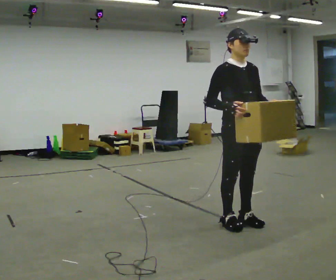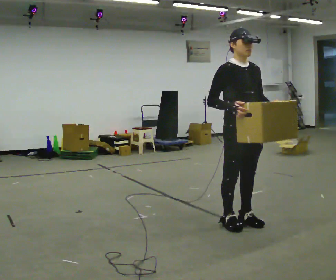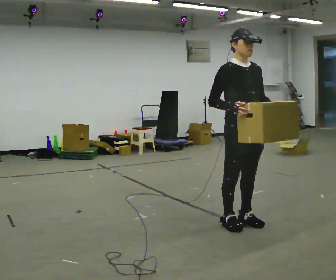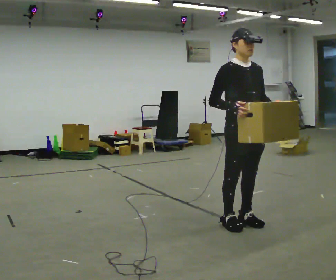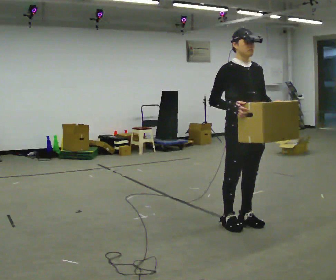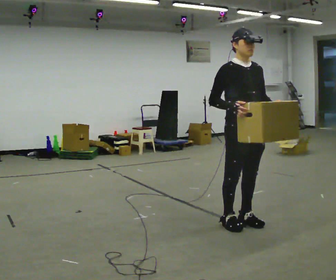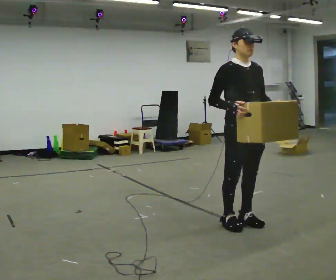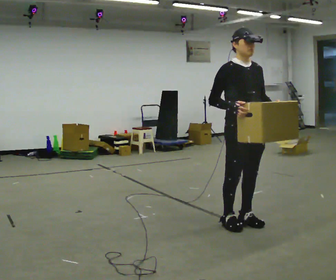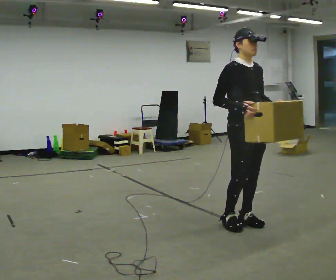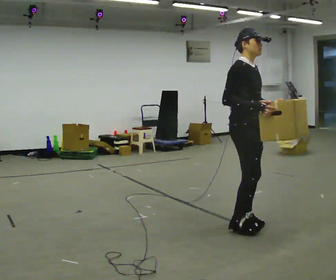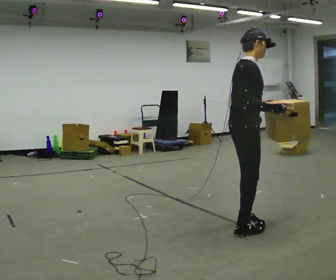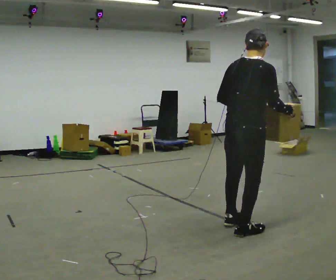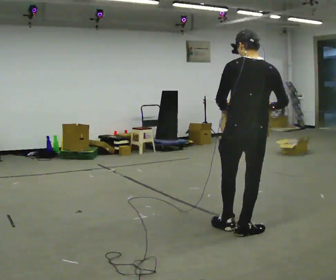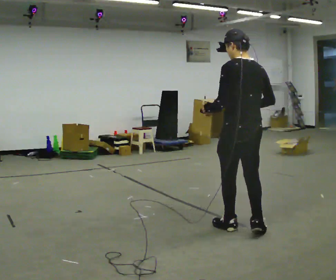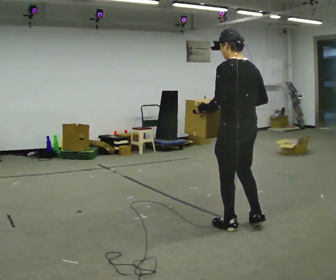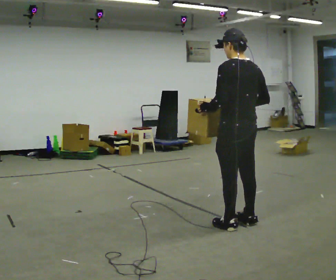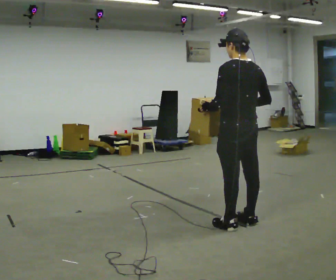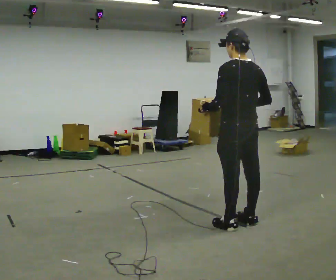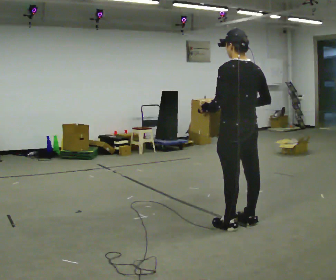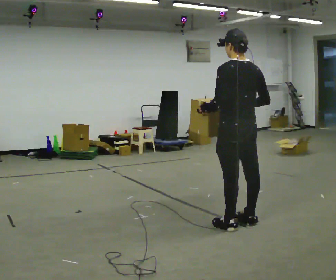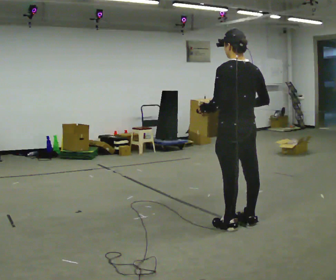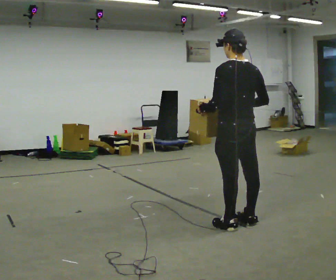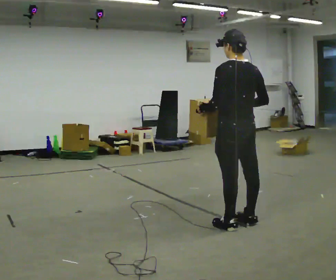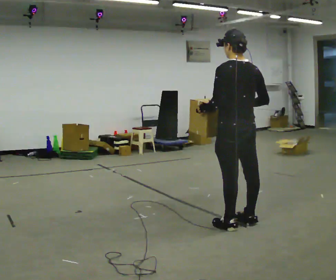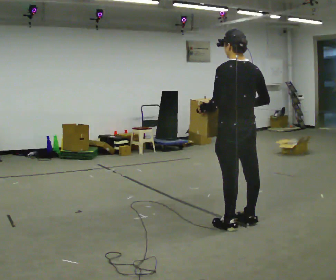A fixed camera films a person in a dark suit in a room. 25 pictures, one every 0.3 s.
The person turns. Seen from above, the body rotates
counterclockwise.
The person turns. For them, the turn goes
to their left.
0.0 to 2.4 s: The person moves a little, or ends about where they began.
2.4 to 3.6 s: The person turns about 150 degrees to their left, counterclockwise seen from above, so the part of the body nearest the lens slides to the right. In the picture they go toward the camera, about 0.25 m in 2 steps. In the picture their left hand goes to the left.
3.6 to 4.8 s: The part of the body nearest the lens slides to the right as the person turns to their left by about 30 degrees. In the picture they go away from the camera, about 0.25 m in 1 step, which for them is forward.
4.8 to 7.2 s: The person moves a little, or ends about where they began.
The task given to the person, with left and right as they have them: Carry the box across the room much more slowly and carefully than normal, back and forth.
The film runs forward here.
